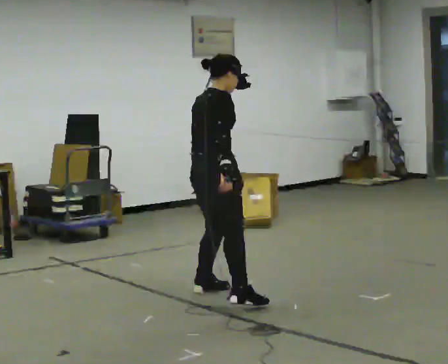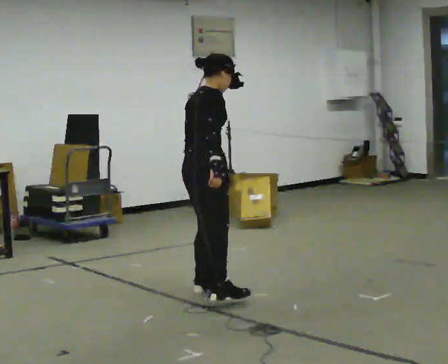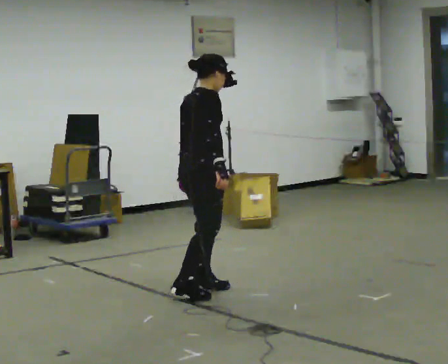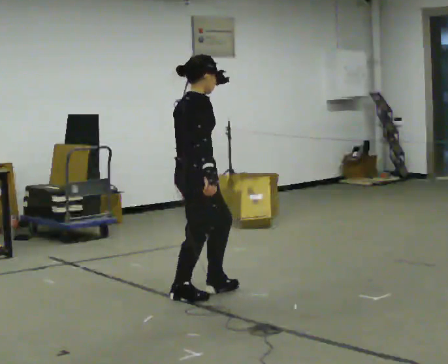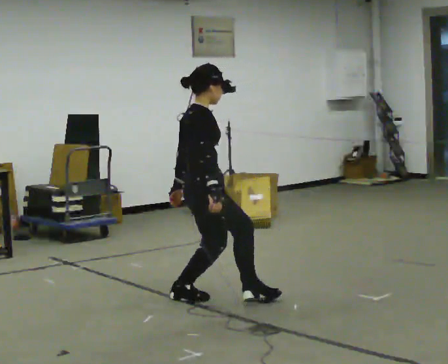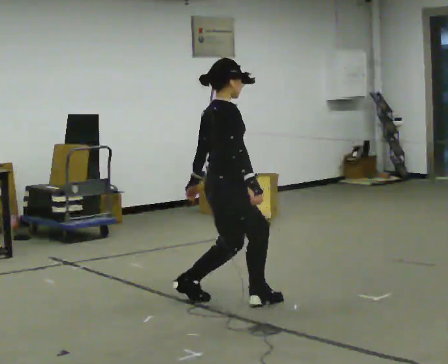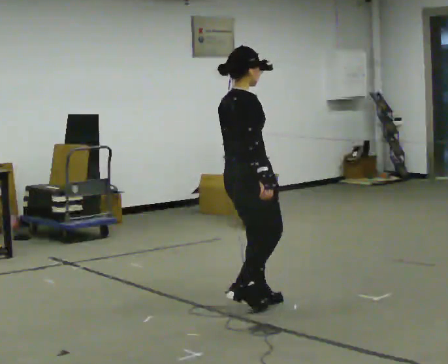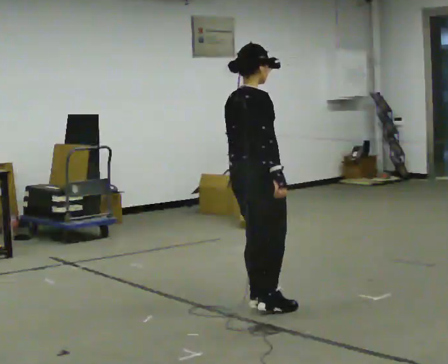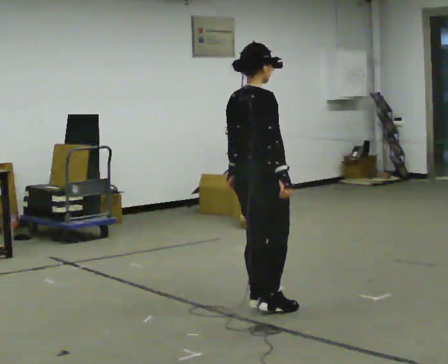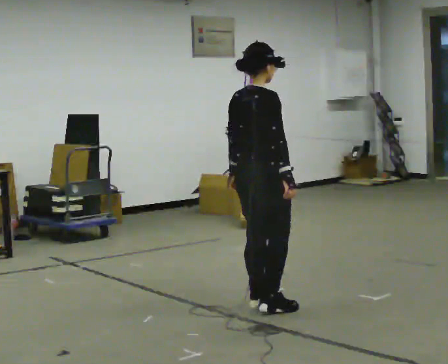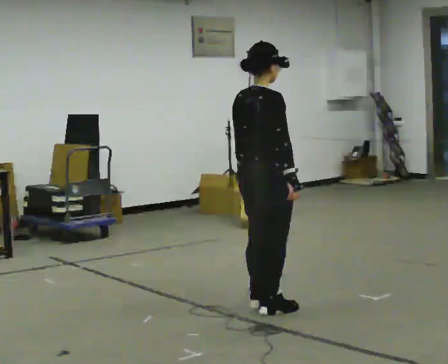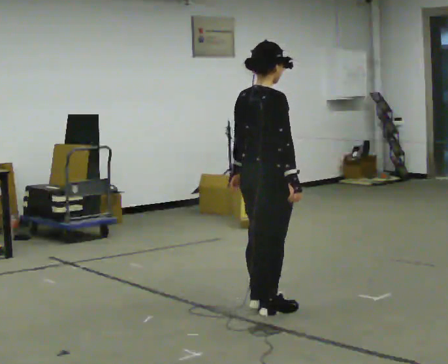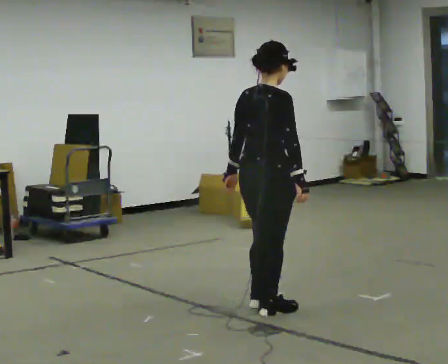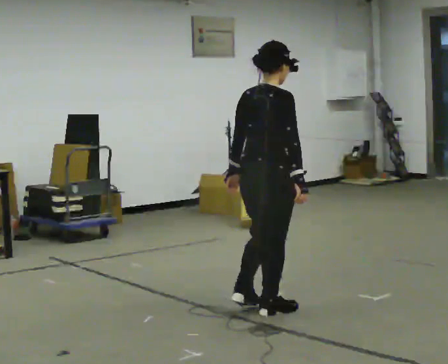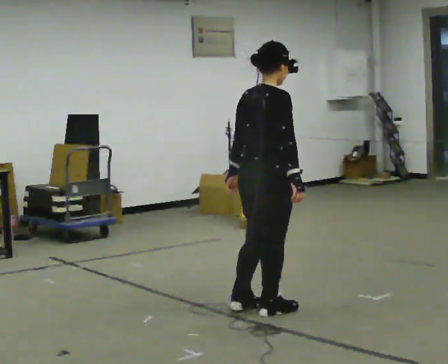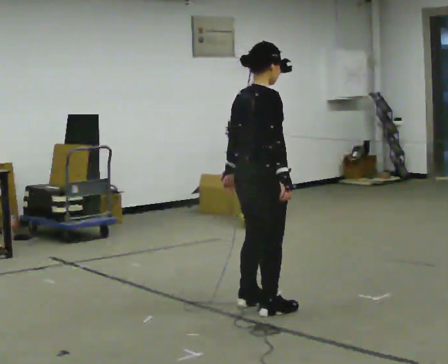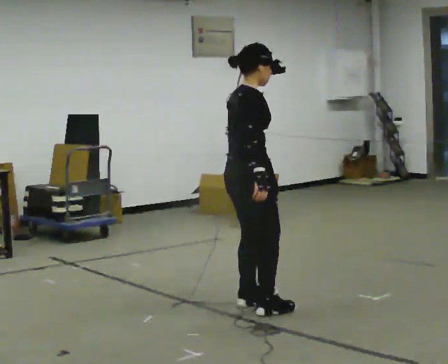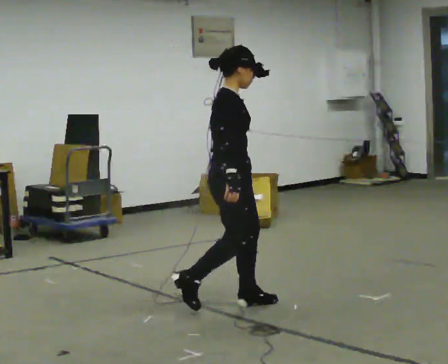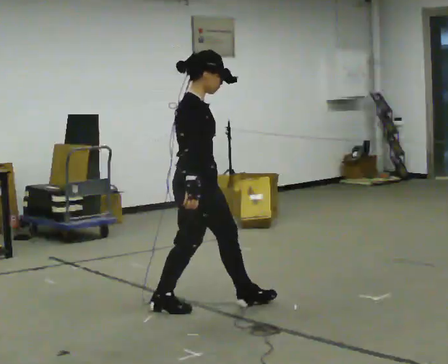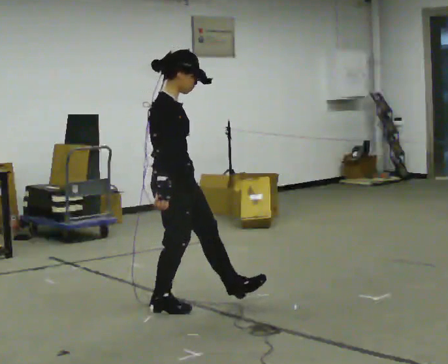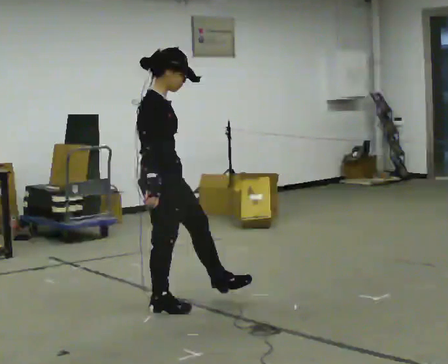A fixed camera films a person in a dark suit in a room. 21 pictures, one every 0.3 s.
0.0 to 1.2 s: The person moves a little, or ends about where they began.
1.2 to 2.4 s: The part of the body nearest the lens slides to the right as the person turns to their left by about 30 degrees. In the picture they go to the right, about 0.25 m in 1 step, which for them is forward and to their right.
2.4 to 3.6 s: In the picture they go toward the camera, about 0.25 m, which for them is to their right.
3.6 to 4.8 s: The person moves a little, or ends about where they began.
4.8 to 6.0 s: In the picture they go to the left, about 0.5 m in 1 step, which for them is backward.
The film runs backward here.
